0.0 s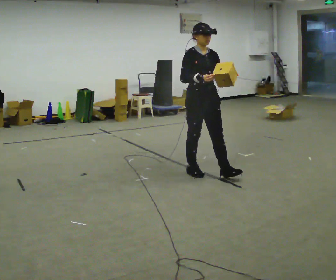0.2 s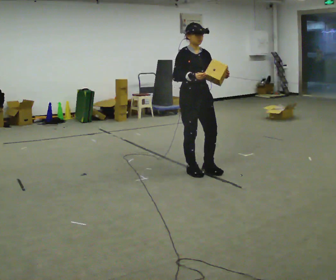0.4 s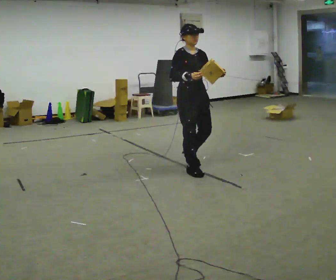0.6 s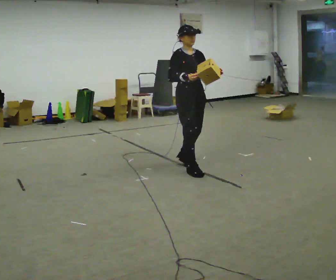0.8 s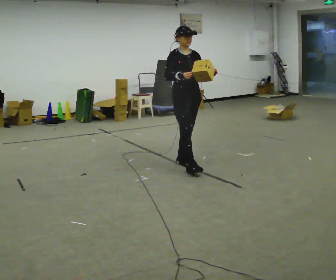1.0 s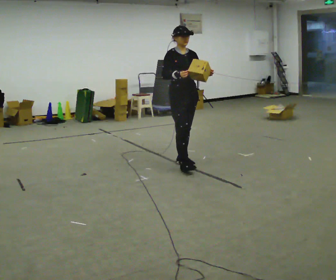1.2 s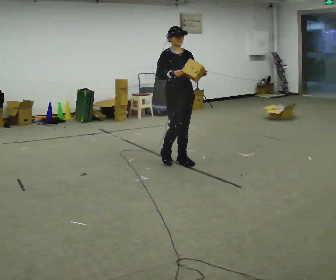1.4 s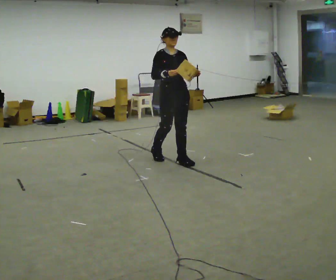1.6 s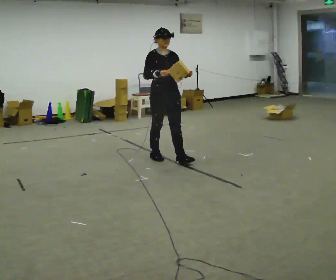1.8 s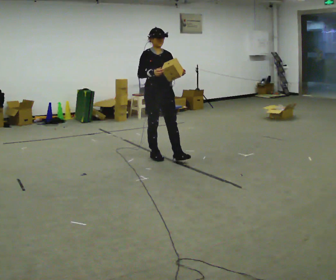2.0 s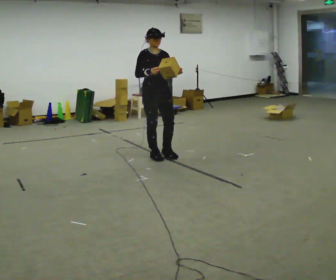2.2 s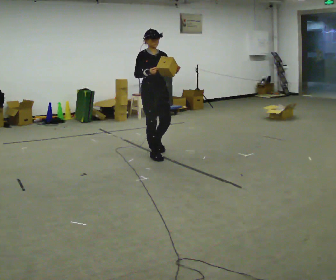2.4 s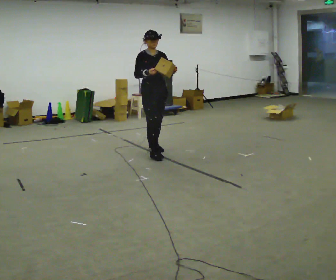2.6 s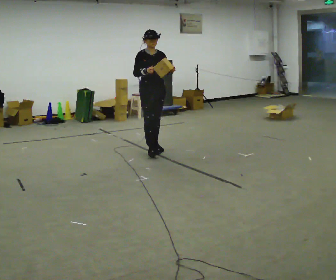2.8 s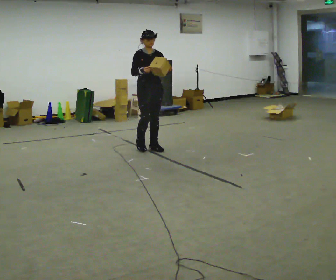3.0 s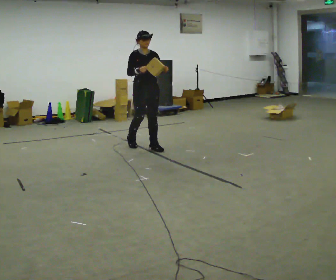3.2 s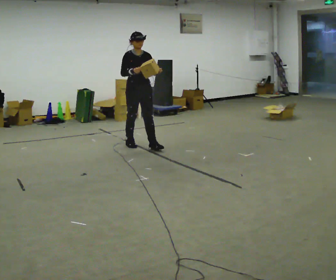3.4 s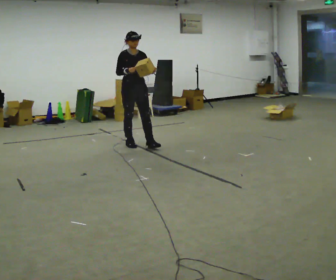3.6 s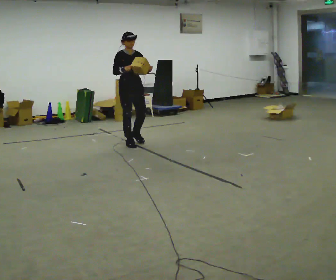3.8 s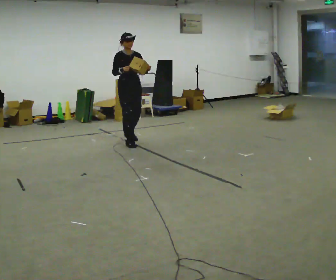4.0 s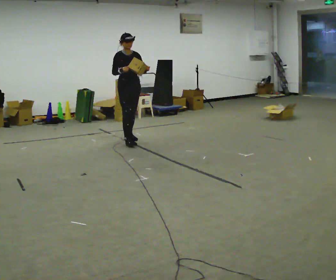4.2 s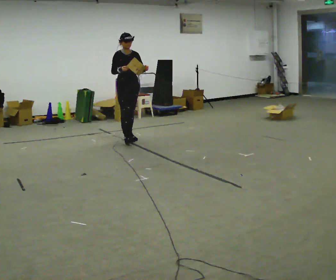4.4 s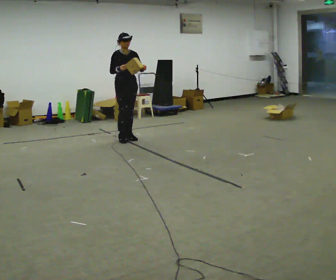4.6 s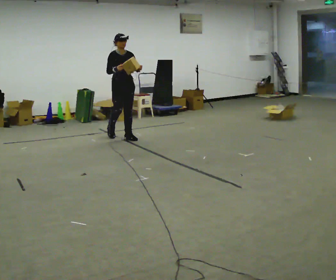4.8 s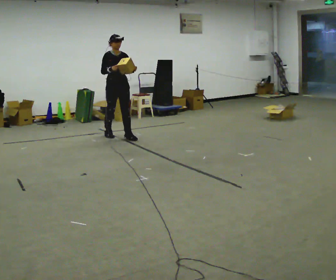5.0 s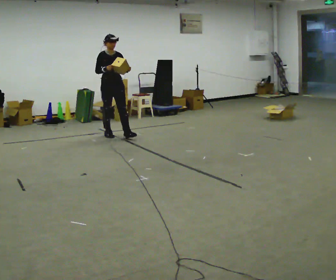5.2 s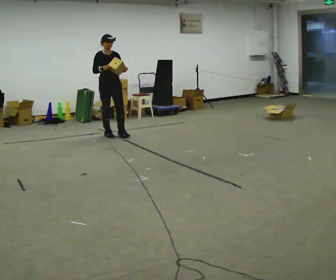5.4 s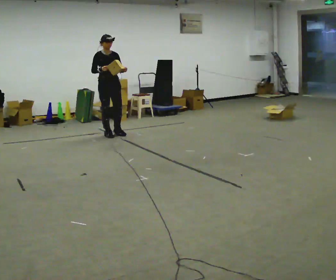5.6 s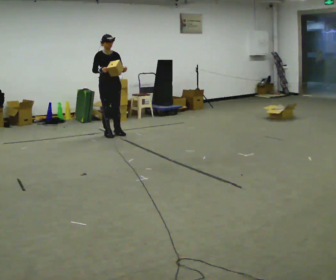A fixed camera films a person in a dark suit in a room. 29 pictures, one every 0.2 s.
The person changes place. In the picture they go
away from the camera.
0.0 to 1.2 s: In the picture they go away from the camera and to the left, about 0.5 m in 1 step, which for them is backward.
1.2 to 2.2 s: In the picture they go away from the camera and to the left, about 0.5 m in 1 step, which for them is backward and to their right.
2.2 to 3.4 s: In the picture they go away from the camera and to the left, about 0.5 m in 2 steps, which for them is backward.
3.4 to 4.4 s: In the picture they go away from the camera, about 0.5 m in 1 step, which for them is backward.
4.4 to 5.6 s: In the picture they go to the left and away from the camera, about 0.5 m in 1 step, which for them is backward and to their right.
The film runs backward here.
